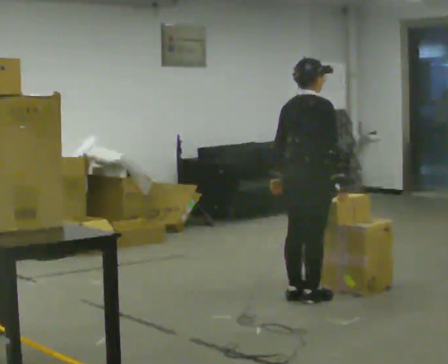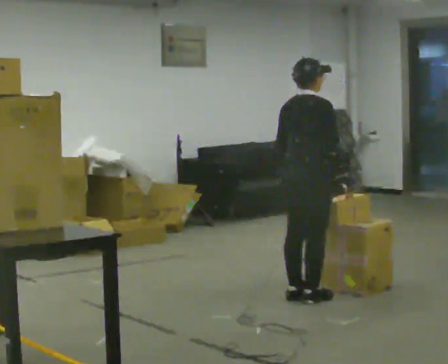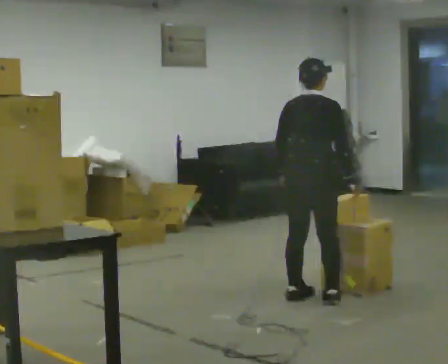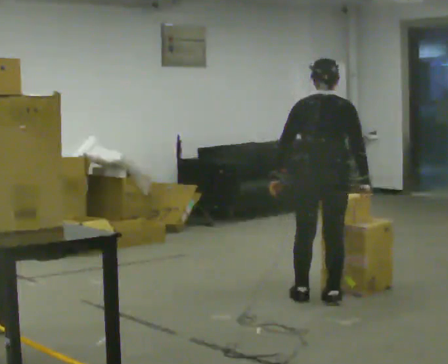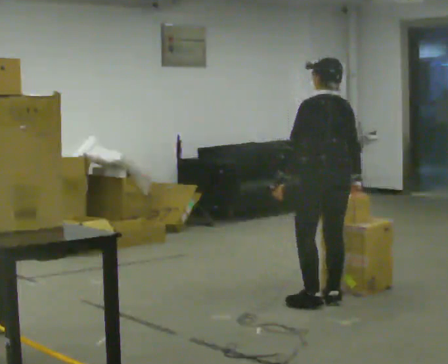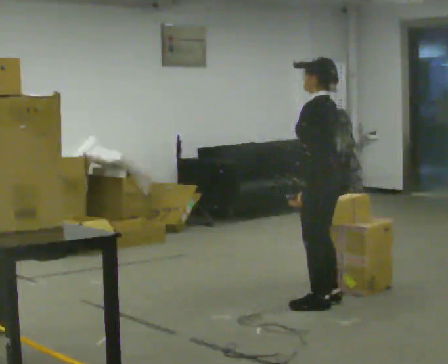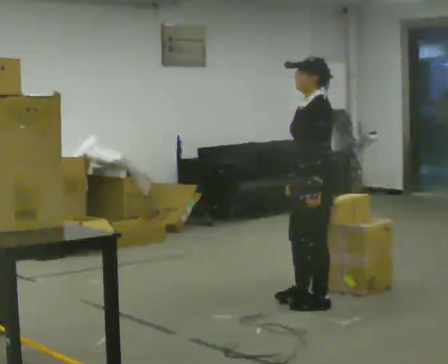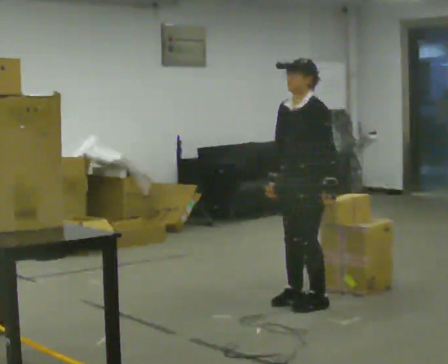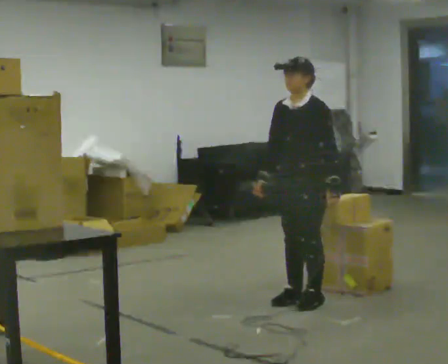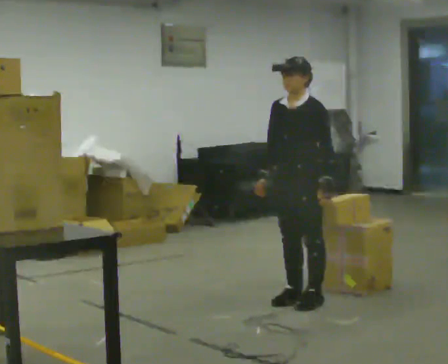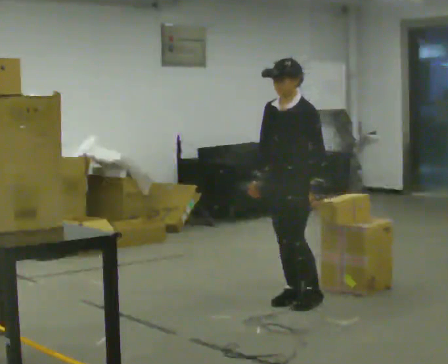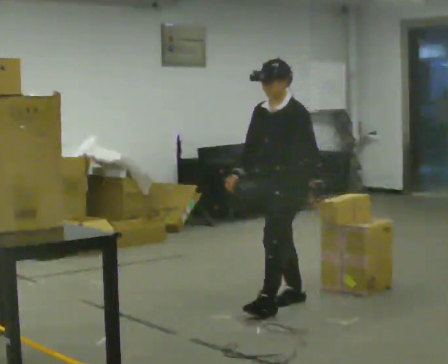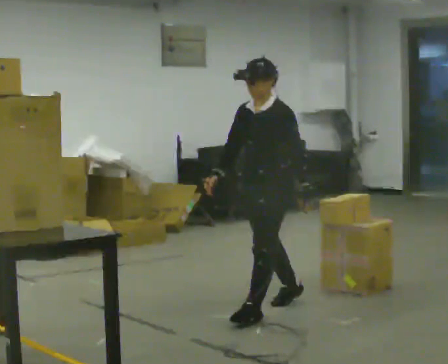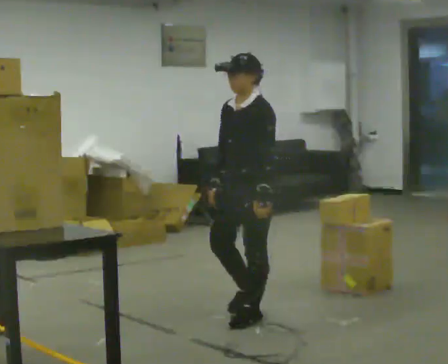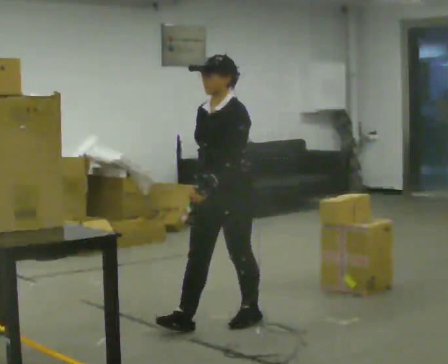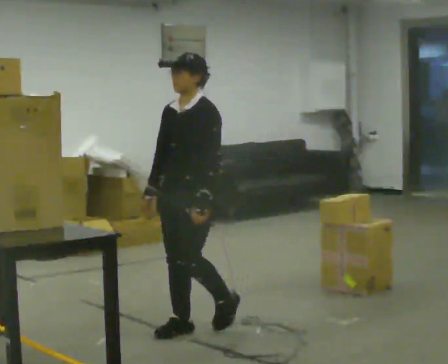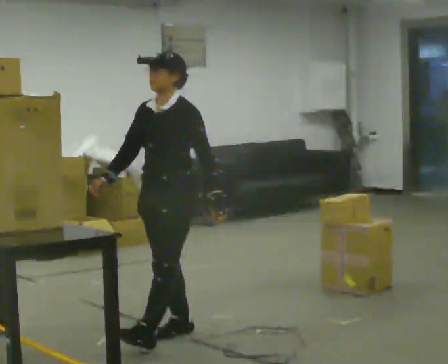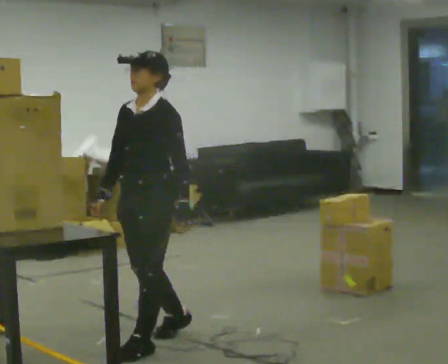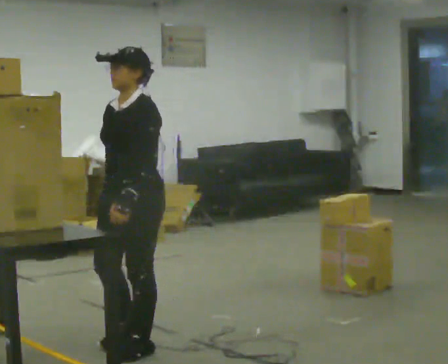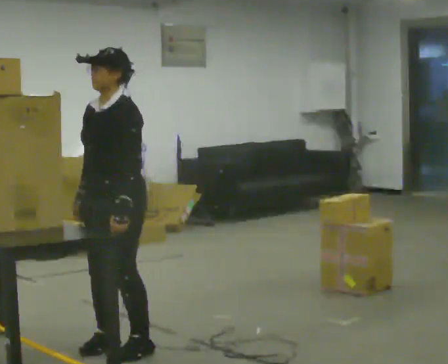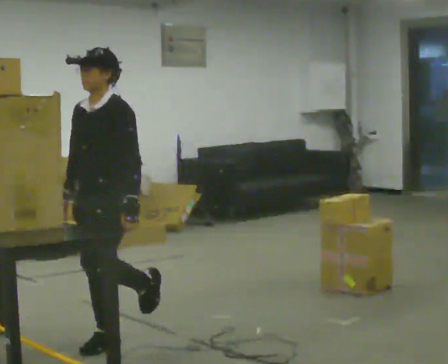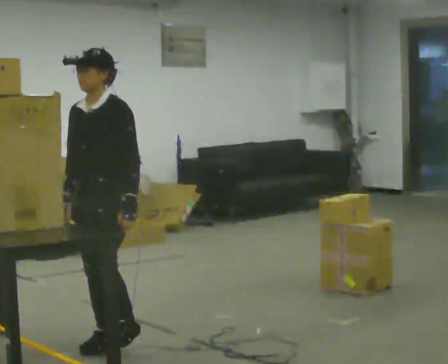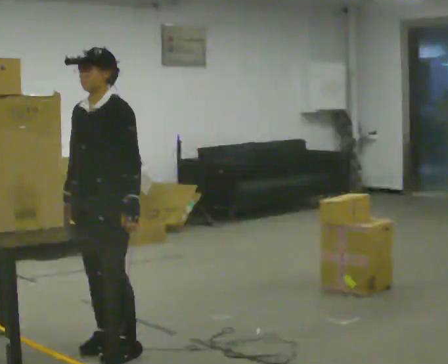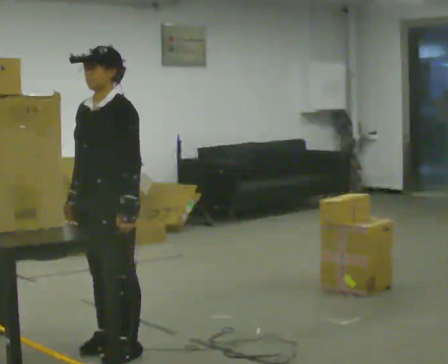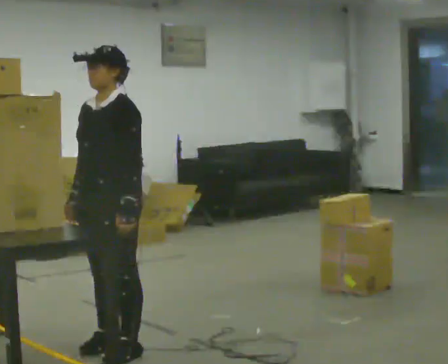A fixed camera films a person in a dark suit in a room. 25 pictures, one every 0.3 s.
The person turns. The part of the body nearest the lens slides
to the right.
The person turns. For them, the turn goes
to their left.
0.0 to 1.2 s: The part of the body nearest the lens slides to the right as the person turns to their left by about 90 degrees.
1.2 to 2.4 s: The person turns about 105 degrees to their left, counterclockwise seen from above, so the part of the body nearest the lens slides to the right. In the picture they go to the left, about 0.25 m in 2 steps. In the picture their left hand goes to the right, the arm swinging counterclockwise.
2.4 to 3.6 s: In the picture they go toward the camera and to the left, about 0.25 m in 1 step, which for them is forward.
3.6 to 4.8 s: In the picture they go toward the camera and to the left, about 1 m in 1 step, which for them is forward.
4.8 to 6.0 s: In the picture they go to the left and toward the camera, about 0.5 m in 2 steps, which for them is forward.
6.0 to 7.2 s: The person moves a little, or ends about where they began.
The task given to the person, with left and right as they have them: Take an object from the waist-height shelf, carry it across the room, and place it on the highest shelf you can comfortably reach. Keep going until the operator says stop; one object at a time, and do not rush between trips.
The film runs forward here.
